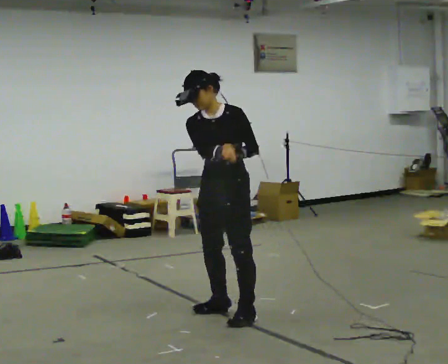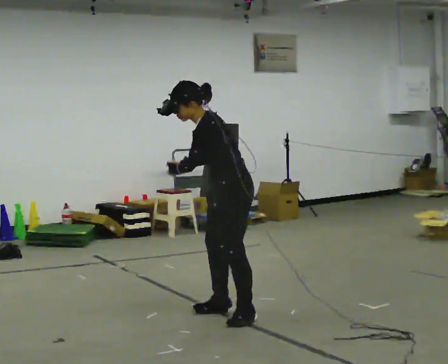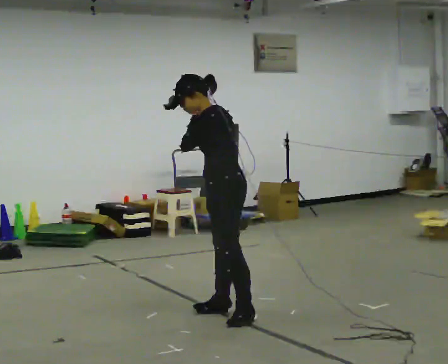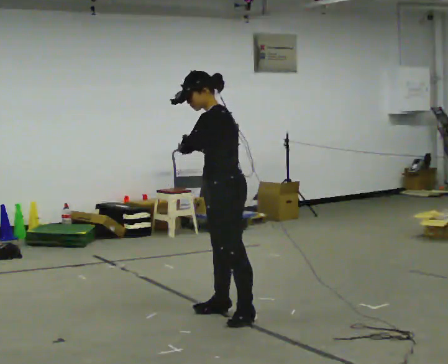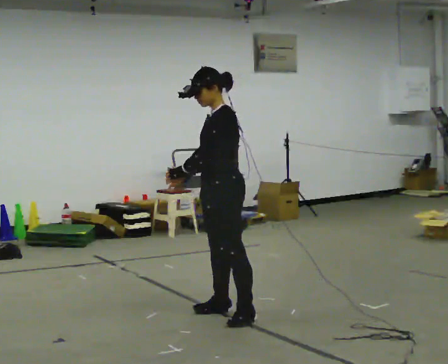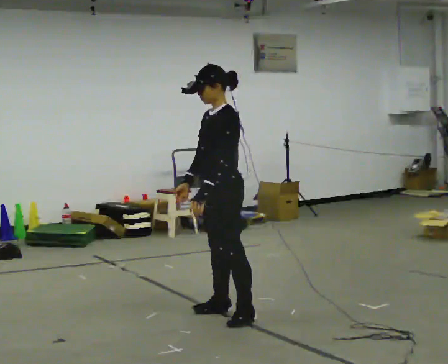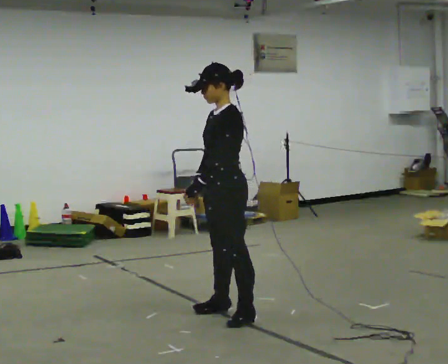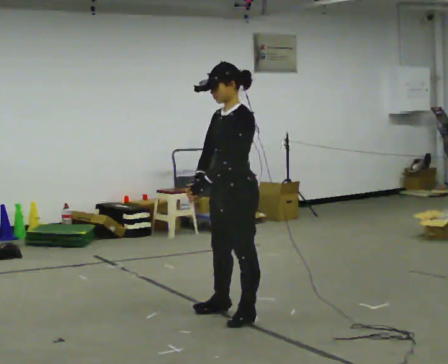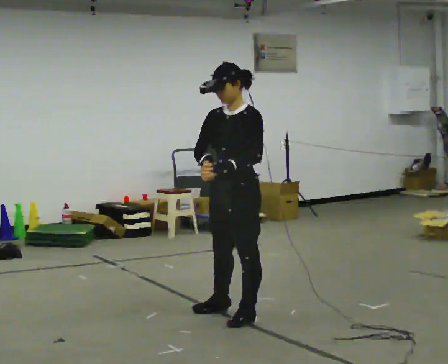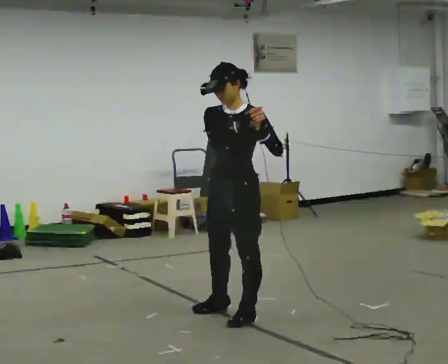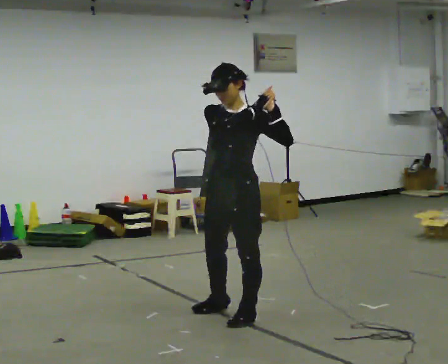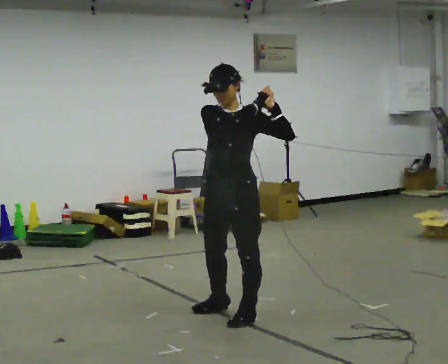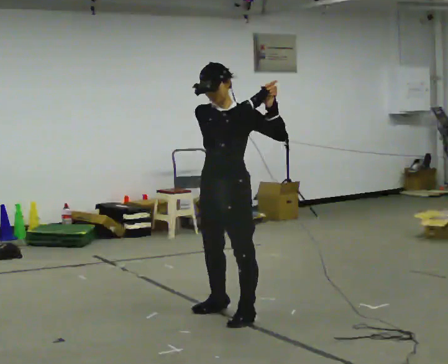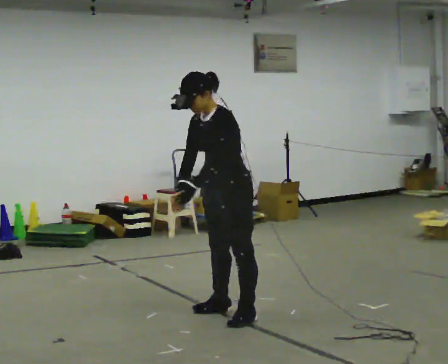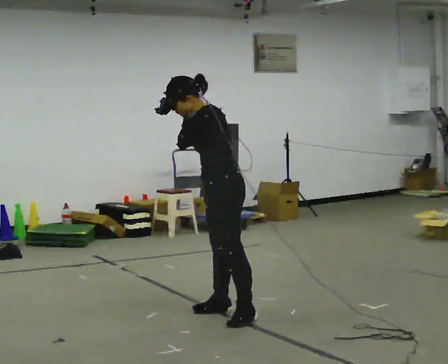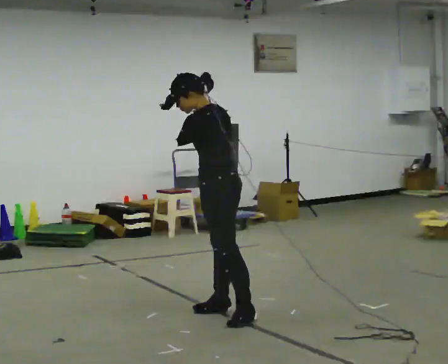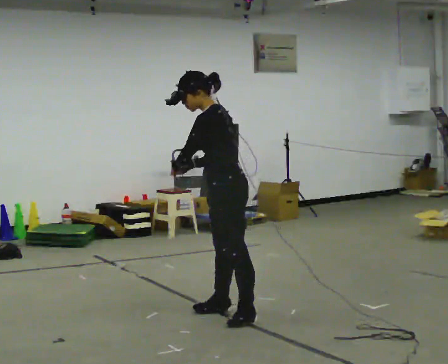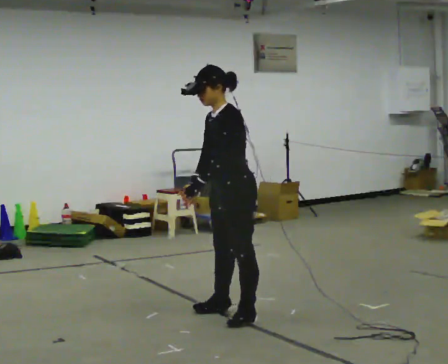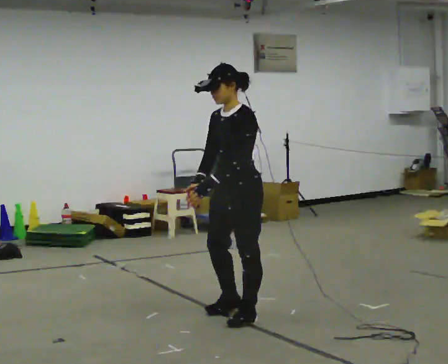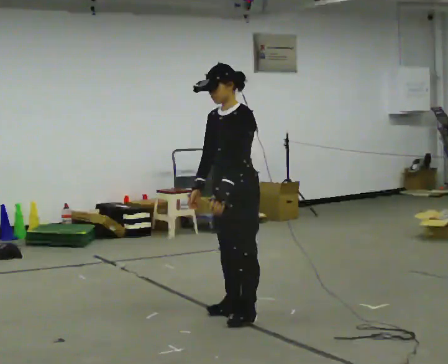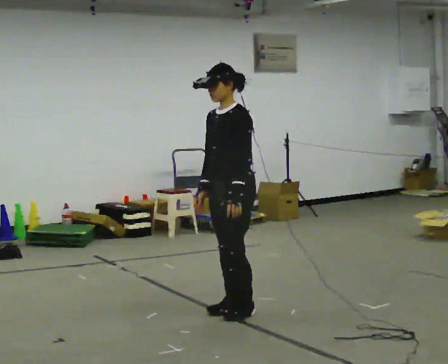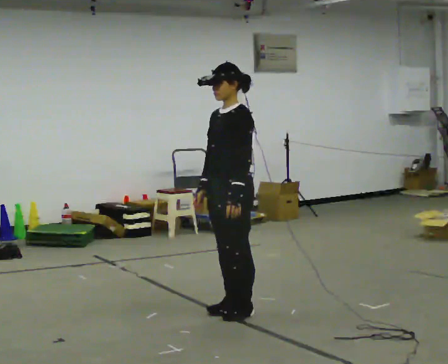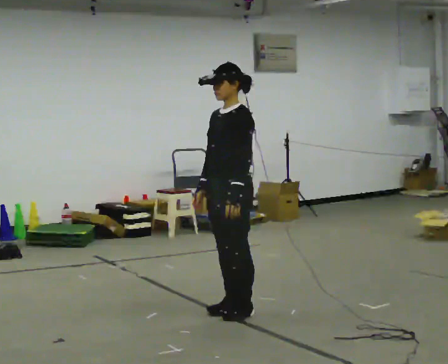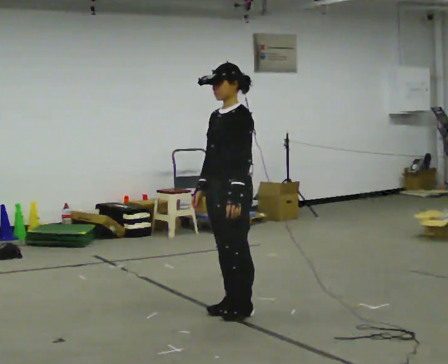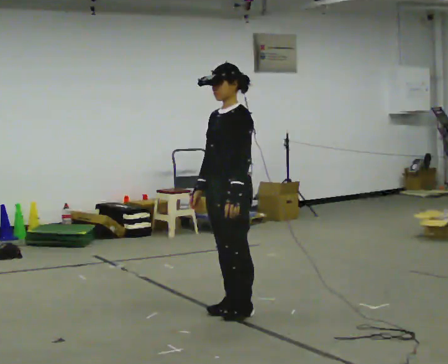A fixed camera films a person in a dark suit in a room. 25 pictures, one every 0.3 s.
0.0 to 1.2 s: Seen from above the body turns clockwise, about 45 degrees: to their right, with its near side sliding to the left. In the picture their left hand goes to the left.
1.2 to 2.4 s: The person turns about 30 degrees to their left, counterclockwise seen from above, so the part of the body nearest the lens slides to the right. In the picture they go toward the camera, about 0.25 m, which for them is to their left.
2.4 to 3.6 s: In the picture their right hand goes upward.
3.6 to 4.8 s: The person turns about 60 degrees to their right, clockwise seen from above, so the part of the body nearest the lens slides to the left. In the picture their left hand goes to the left and downward.
4.8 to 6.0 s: The person turns about 30 degrees to their left, counterclockwise seen from above, so the part of the body nearest the lens slides to the right. In the picture their left hand goes to the right.
6.0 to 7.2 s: The person moves a little, or ends about where they began.
The film runs backward here.
